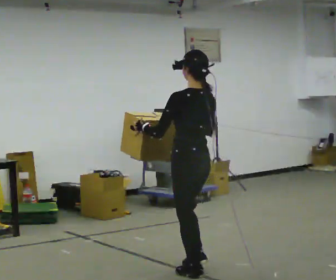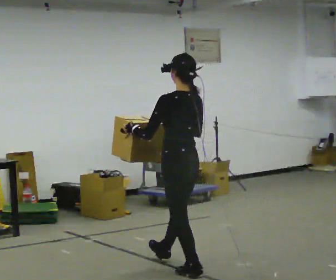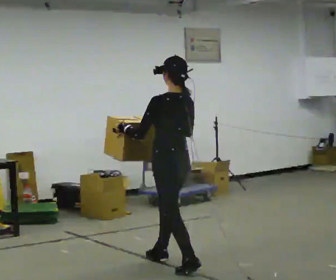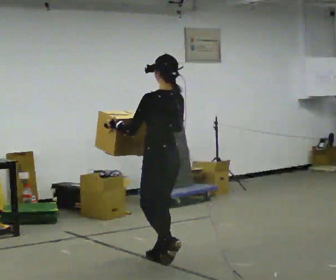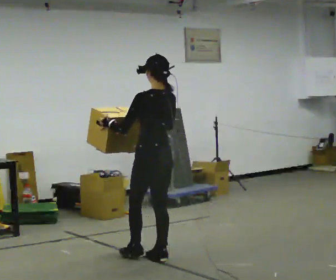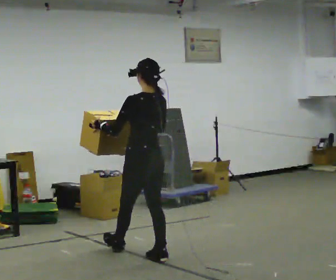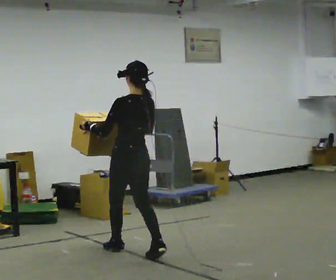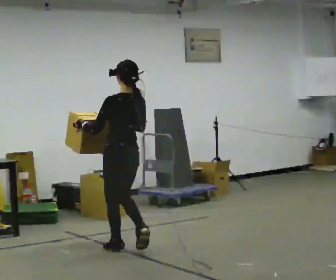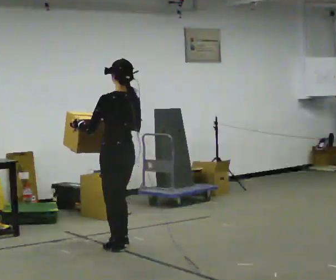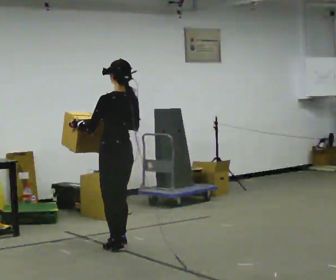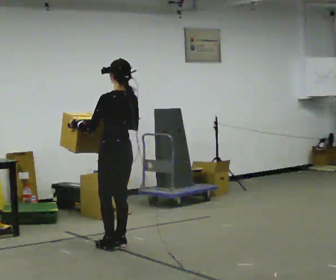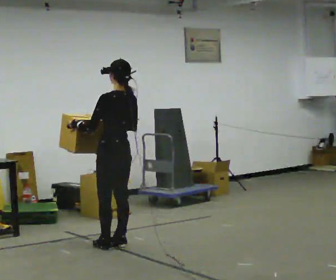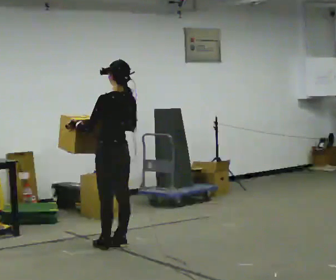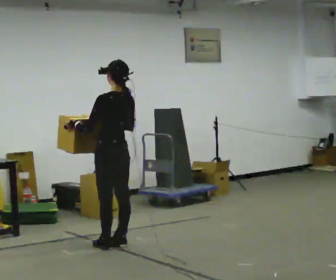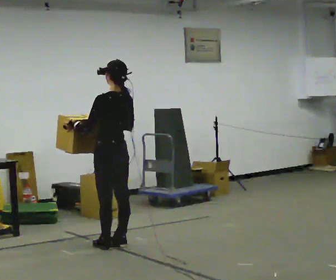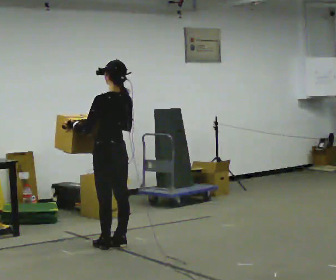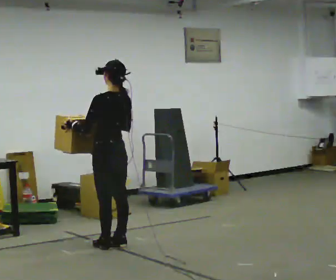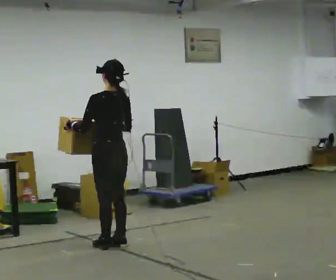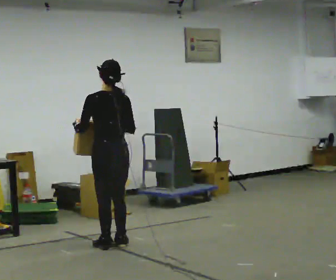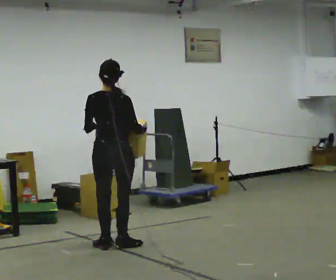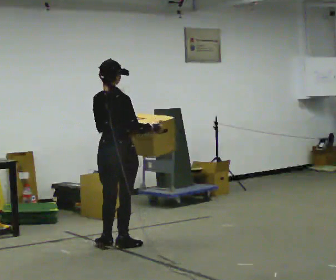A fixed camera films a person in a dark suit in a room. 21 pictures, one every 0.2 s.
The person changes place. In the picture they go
away from the camera.
0.0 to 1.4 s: In the picture they go away from the camera and to the left, about 1 m in 2 steps, which for them is forward.
1.4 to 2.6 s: In the picture they go away from the camera, about 0.25 m in 1 step, which for them is forward.
2.6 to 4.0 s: The person turns about 75 degrees to their right, clockwise seen from above, so the part of the body nearest the lens slides to the left.
The film runs forward here.
